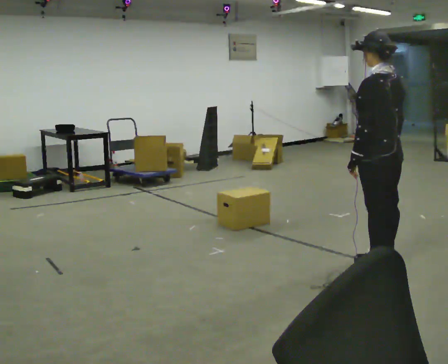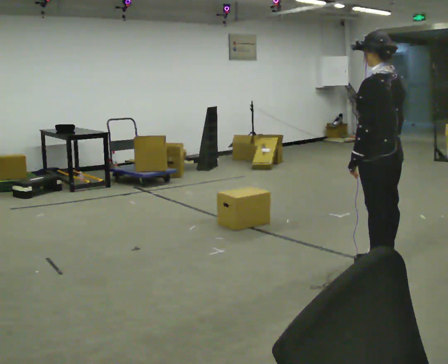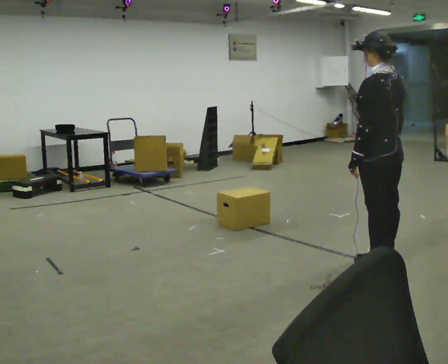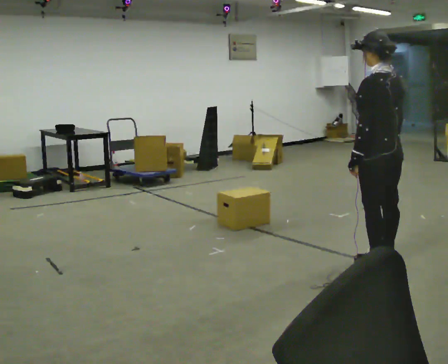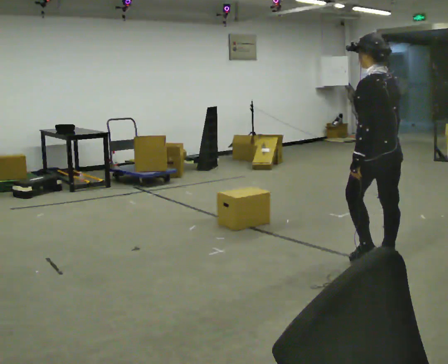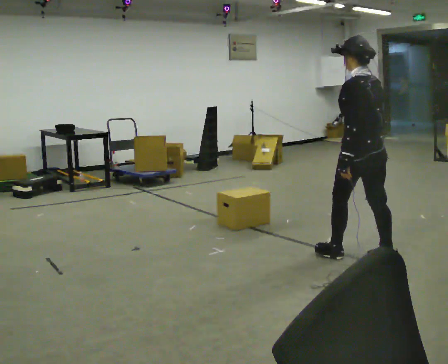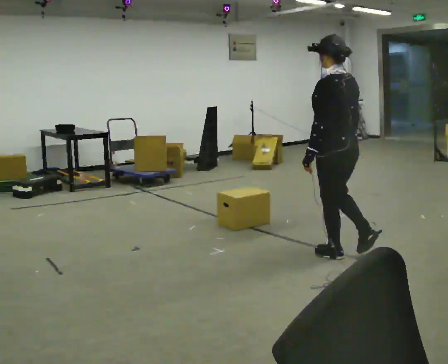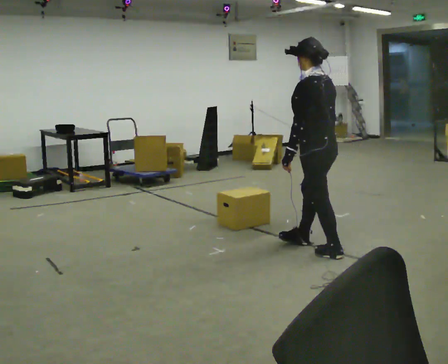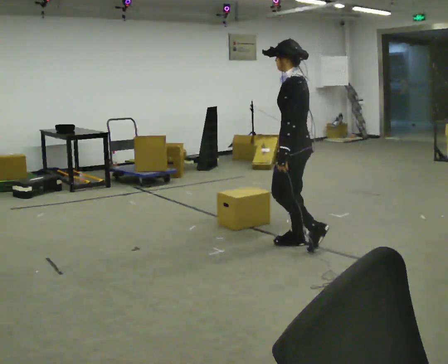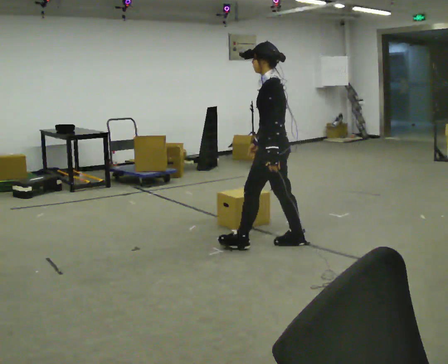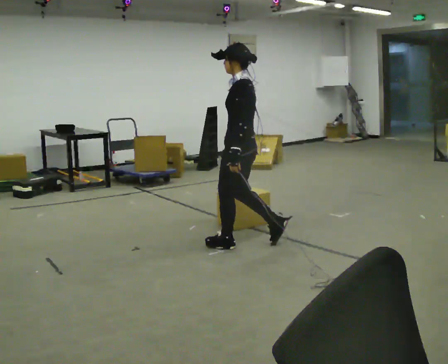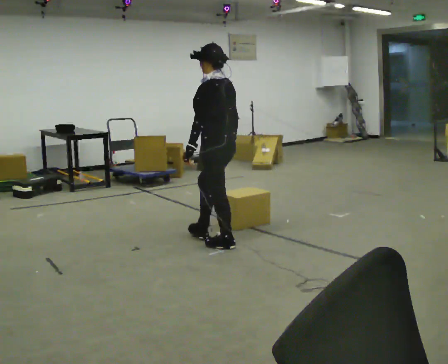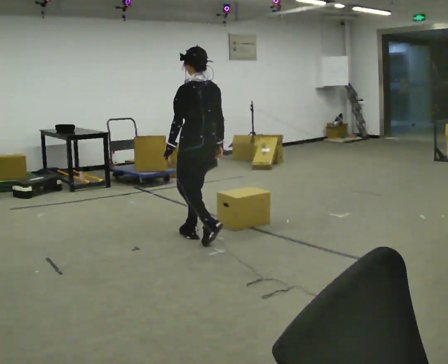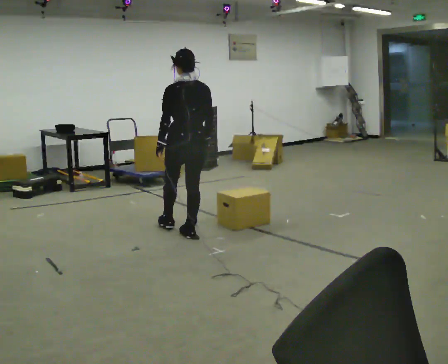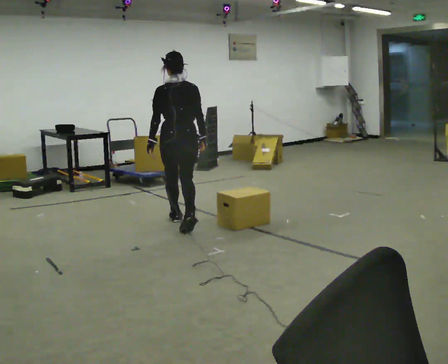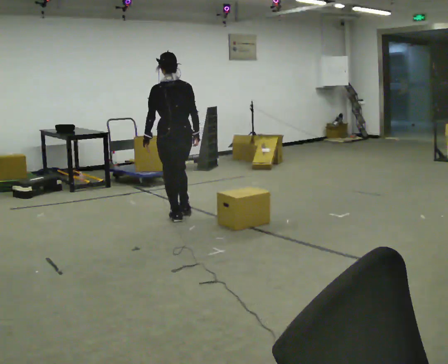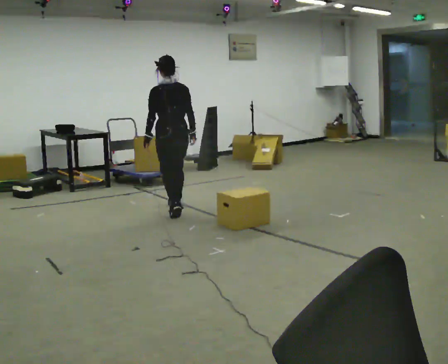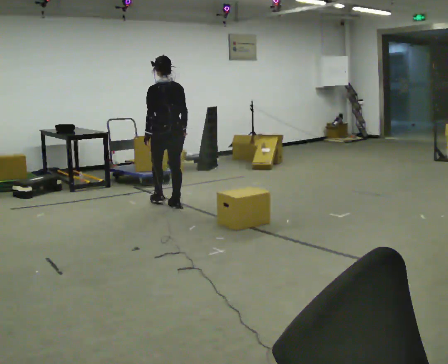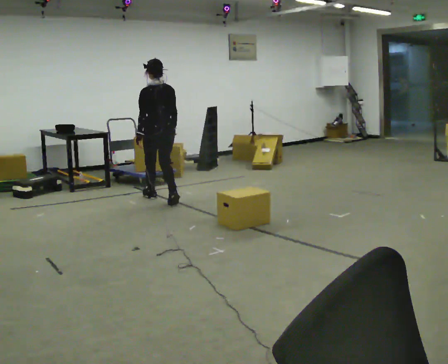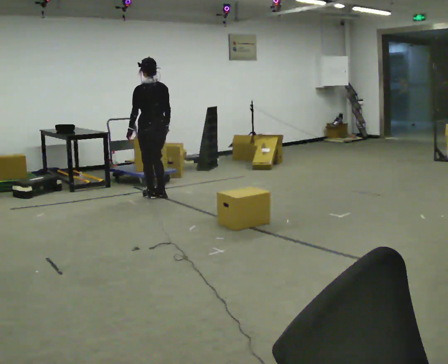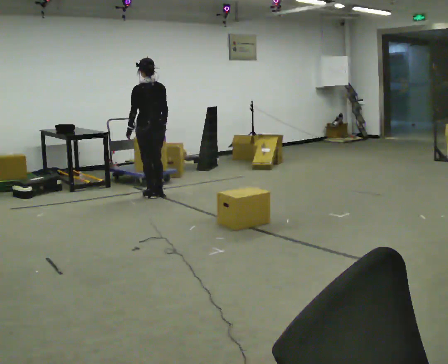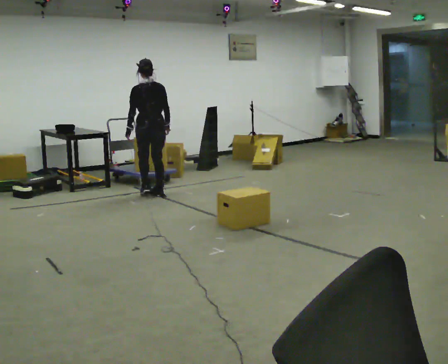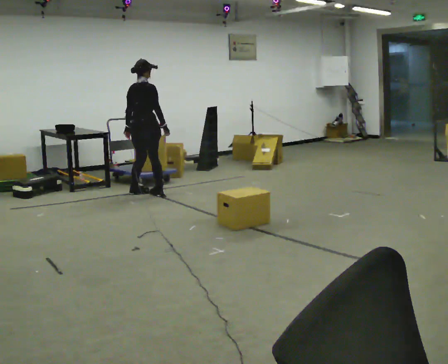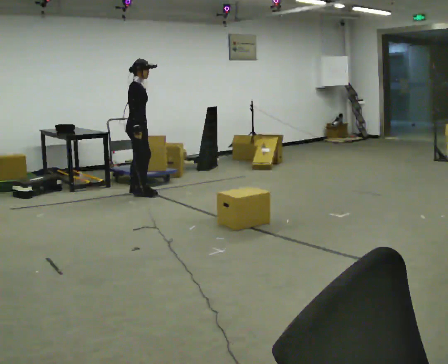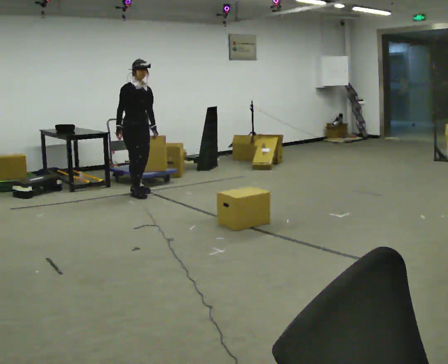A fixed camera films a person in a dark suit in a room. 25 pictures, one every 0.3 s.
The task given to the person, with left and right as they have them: Walk toward obstacle; alter path to avoid it; continue toward original destination.
0.0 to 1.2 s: The person moves a little, or ends about where they began.
1.2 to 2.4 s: The part of the body nearest the lens slides to the right as the person turns to their left by about 30 degrees. In the picture they go away from the camera and to the left, about 0.5 m in 2 steps, which for them is forward.
2.4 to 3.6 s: In the picture they go to the left and away from the camera, about 1 m in 2 steps, which for them is forward.
3.6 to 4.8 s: In the picture they go away from the camera, about 1 m in 2 steps, which for them is forward.
4.8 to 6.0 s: In the picture they go away from the camera, about 1 m in 2 steps, which for them is forward.
6.0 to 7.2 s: The person turns about 165 degrees to their right, clockwise seen from above, so the part of the body nearest the lens slides to the left. In the picture they go to the left, about 0.25 m in 2 steps. In the picture their right hand goes to the left.
The film runs forward here.
